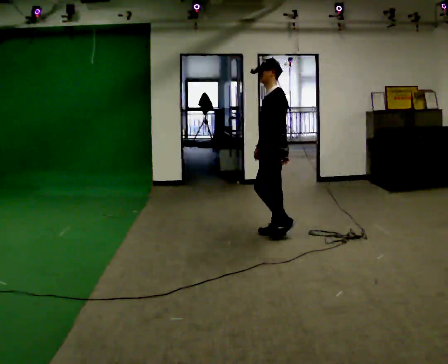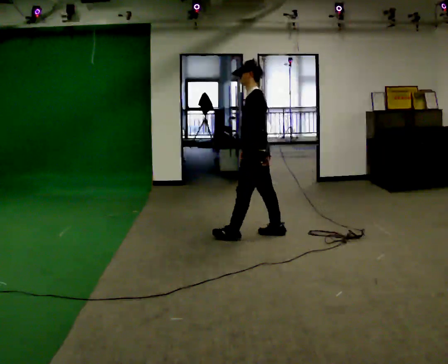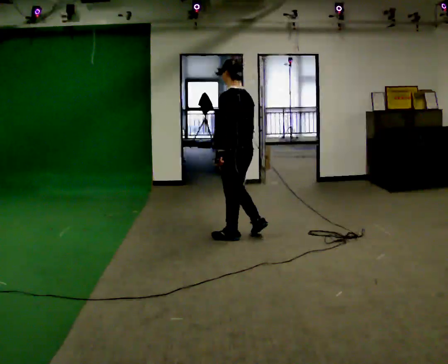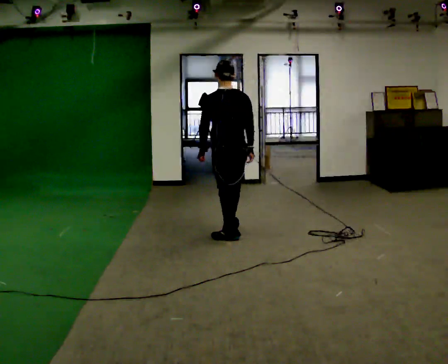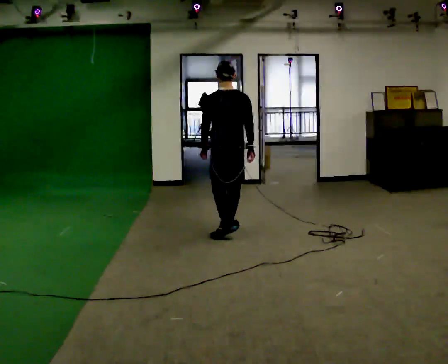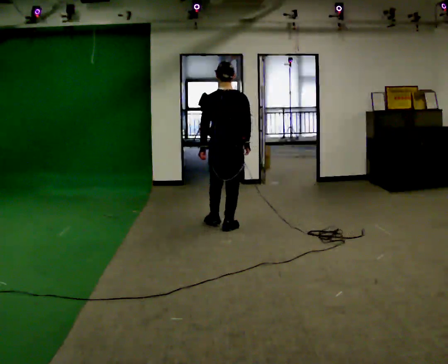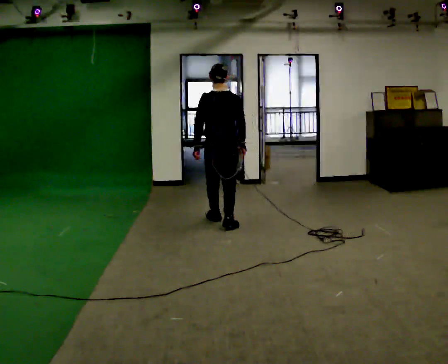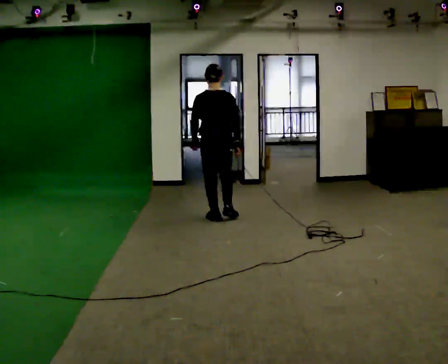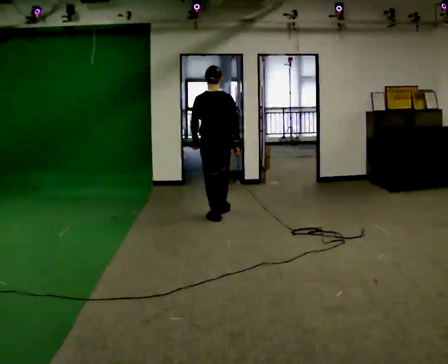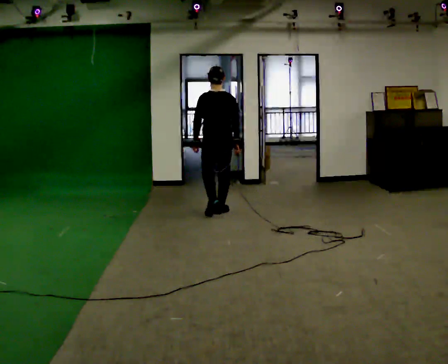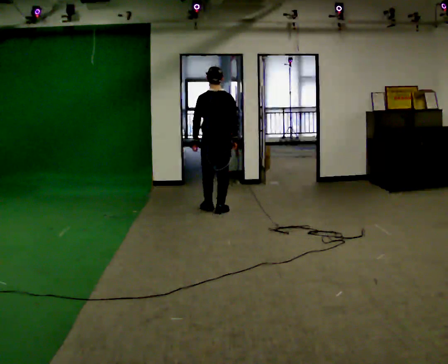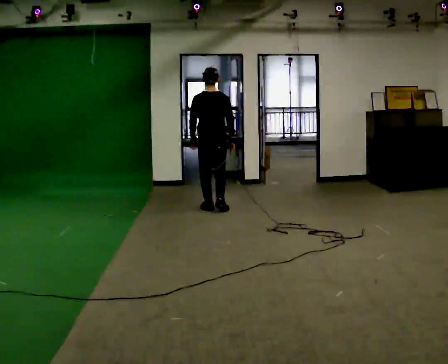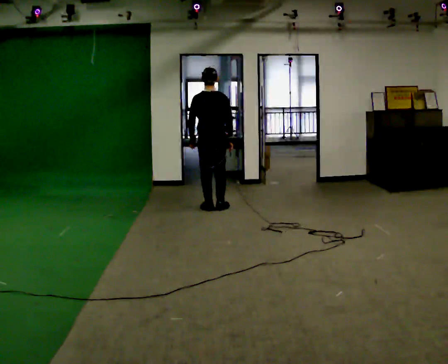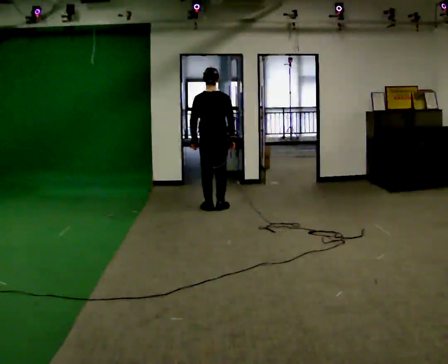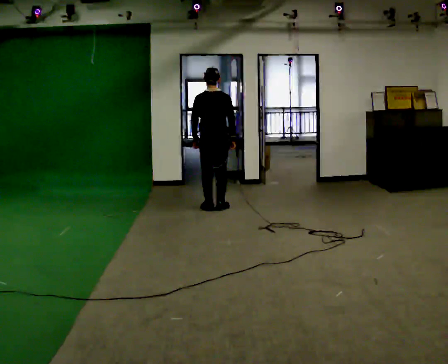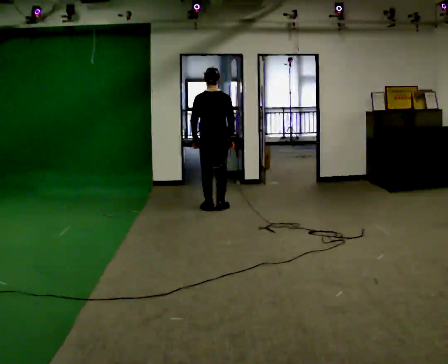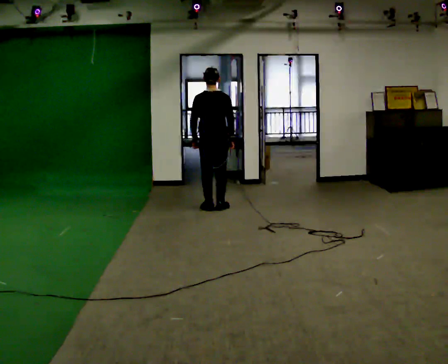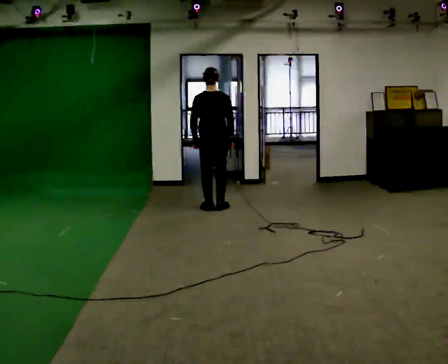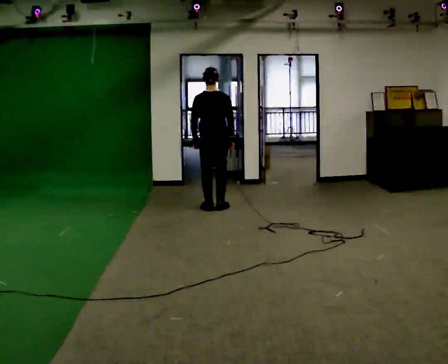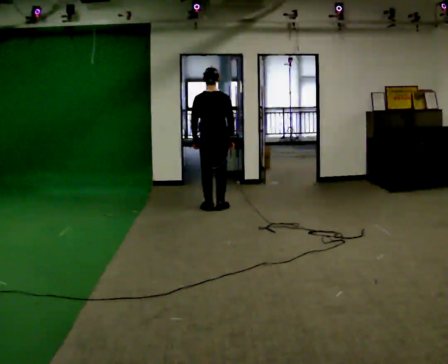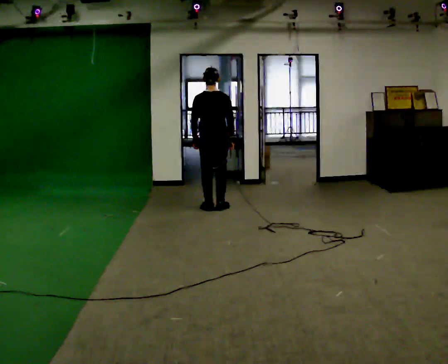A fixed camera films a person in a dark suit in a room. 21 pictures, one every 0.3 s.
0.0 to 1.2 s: The person turns about 90 degrees to their right, clockwise seen from above, so the part of the body nearest the lens slides to the left. In the picture they go to the left, about 0.5 m in 2 steps.
1.2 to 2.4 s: In the picture they go away from the camera, about 0.75 m in 2 steps, which for them is forward.
2.4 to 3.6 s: In the picture they go away from the camera, about 0.5 m in 2 steps, which for them is forward.
3.6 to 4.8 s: The person moves a little, or ends about where they began.
4.8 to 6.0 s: The person keeps their place and pose.
The film runs forward here.
